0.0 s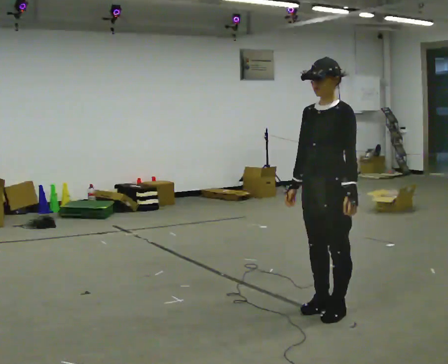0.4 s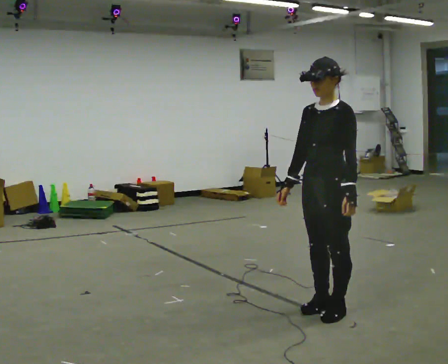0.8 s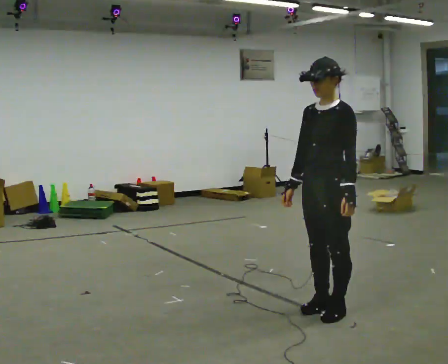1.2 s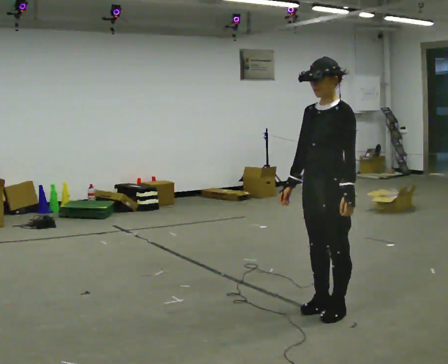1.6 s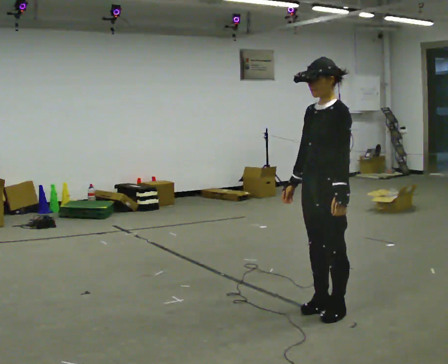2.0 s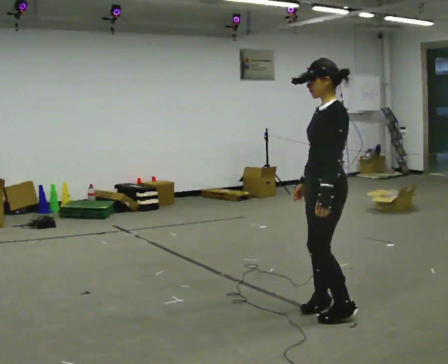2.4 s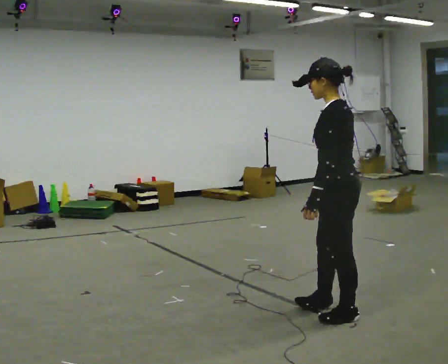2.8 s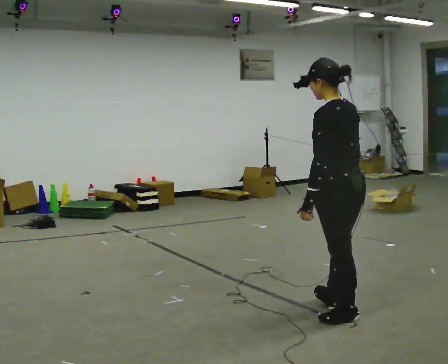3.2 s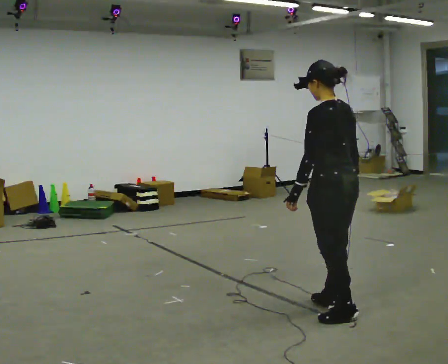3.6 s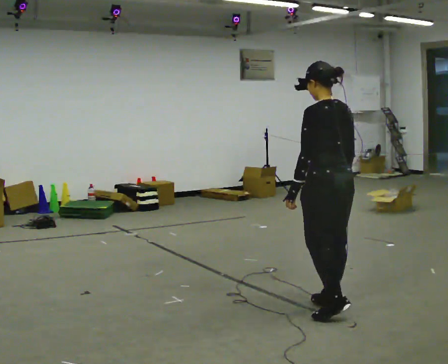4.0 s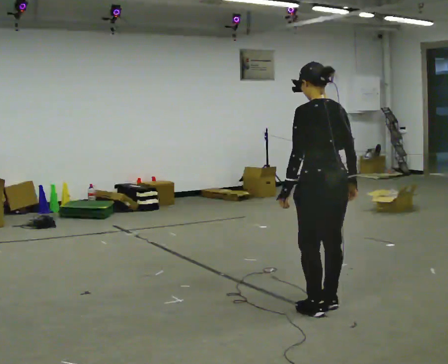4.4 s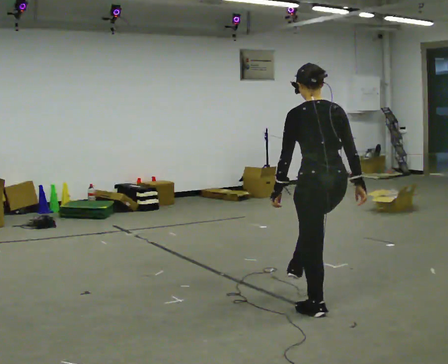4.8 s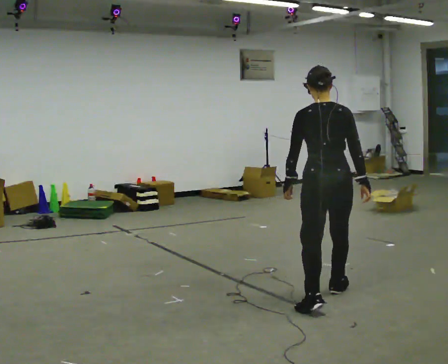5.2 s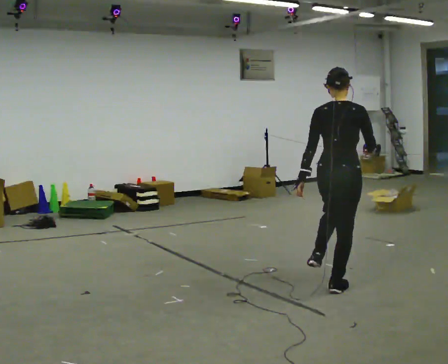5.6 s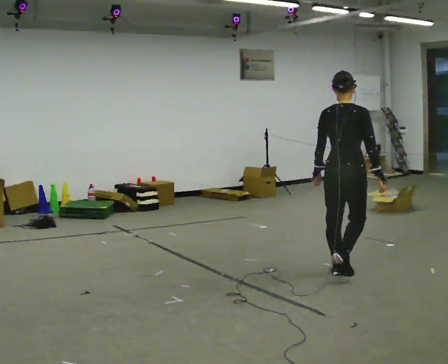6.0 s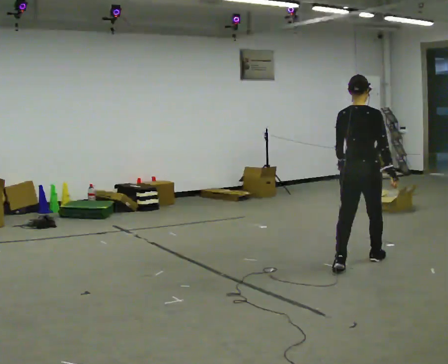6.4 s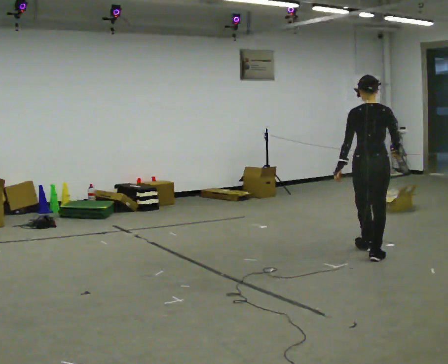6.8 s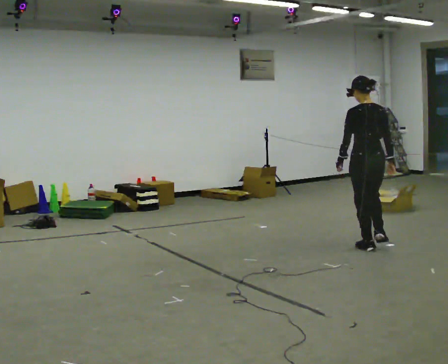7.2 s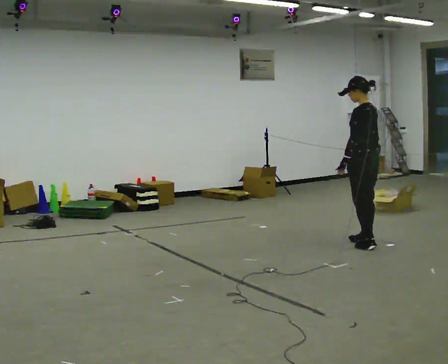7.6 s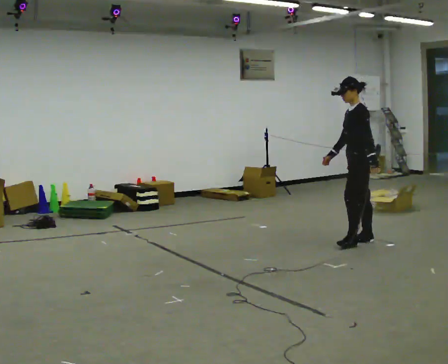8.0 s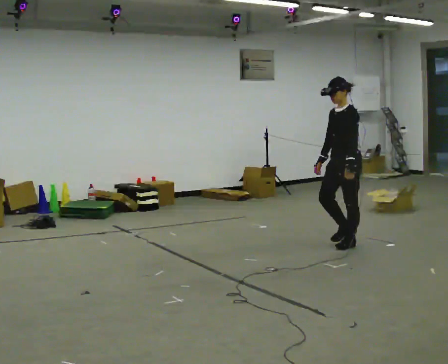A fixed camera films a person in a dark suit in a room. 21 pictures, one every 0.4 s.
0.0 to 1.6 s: The person moves a little, or ends about where they began.
1.6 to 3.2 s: The part of the body nearest the lens slides to the left as the person turns to their right by about 75 degrees. In the picture their right hand goes to the right.
3.2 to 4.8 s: The part of the body nearest the lens slides to the left as the person turns to their right by about 45 degrees. In the picture they go away from the camera, about 0.25 m in 2 steps, which for them is forward.
4.8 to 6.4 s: In the picture they go away from the camera, about 1.5 m in 2 steps, which for them is forward.
6.4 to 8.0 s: Seen from above the body turns counterclockwise, about 120 degrees: to their left, with its near side sliding to the right. In the picture they go away from the camera and to the left, about 0.5 m in 3 steps.
The film runs forward here.
